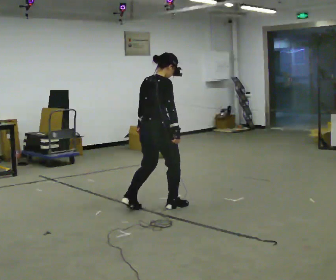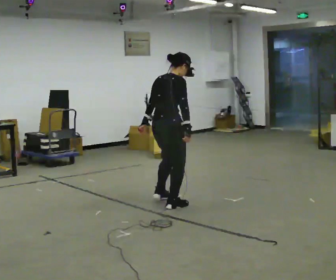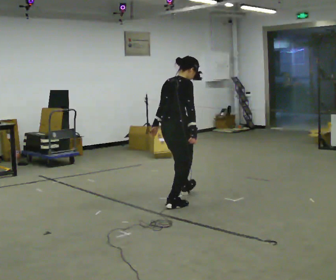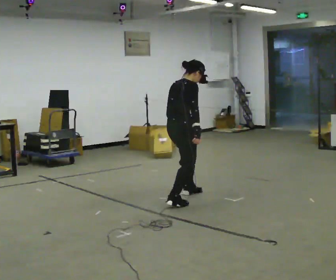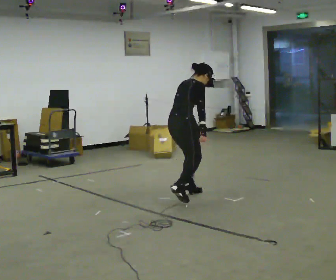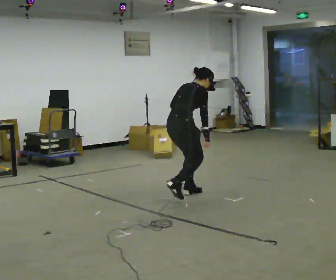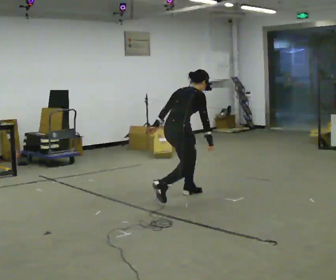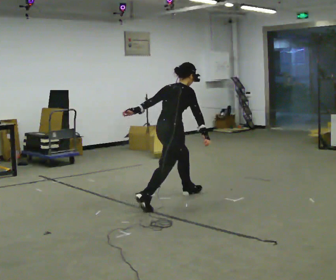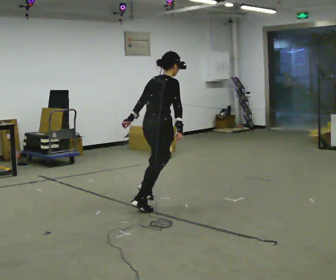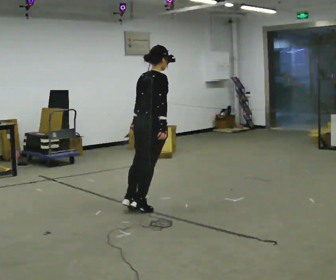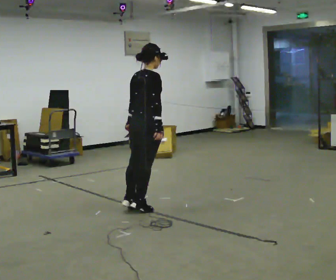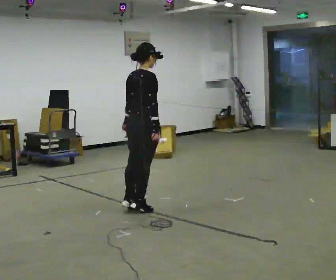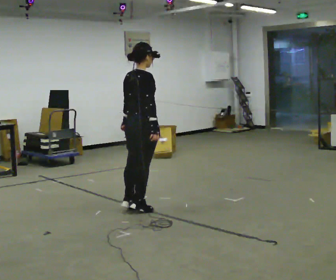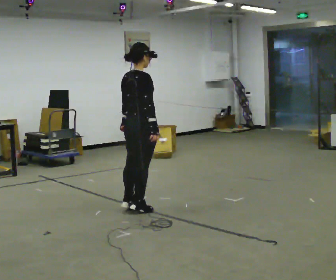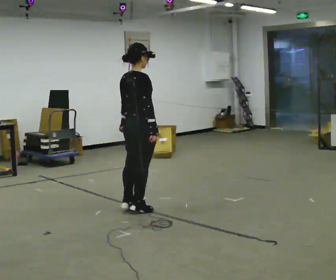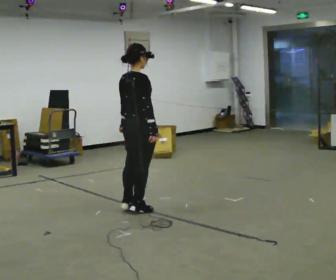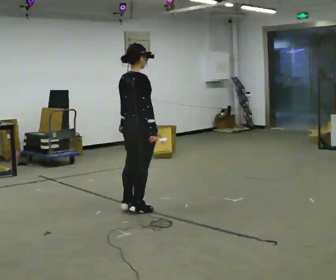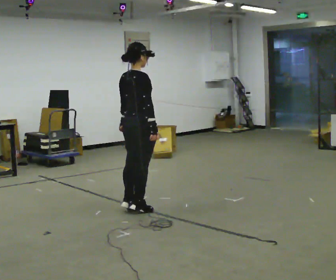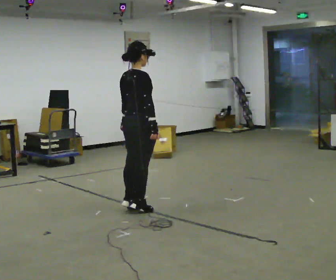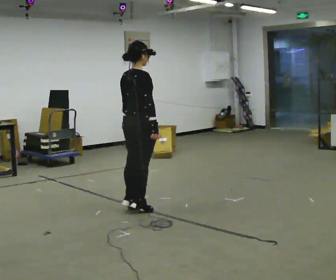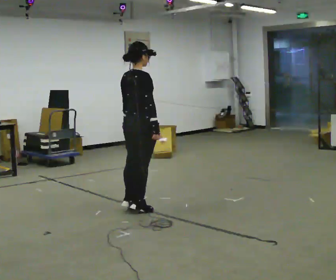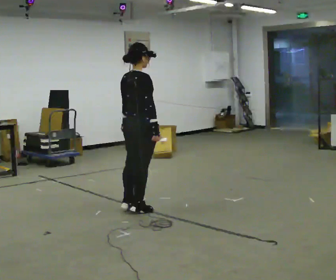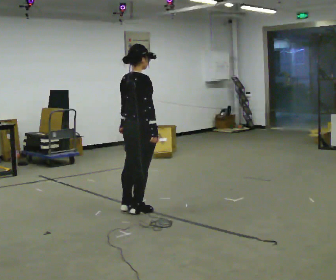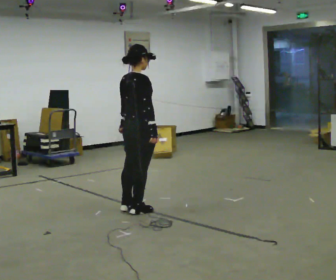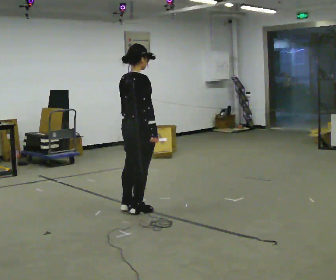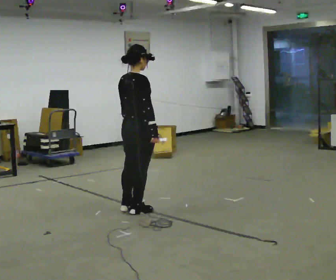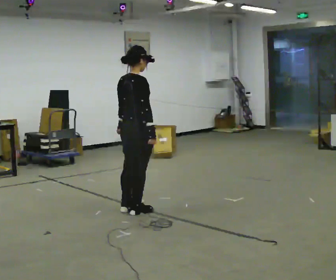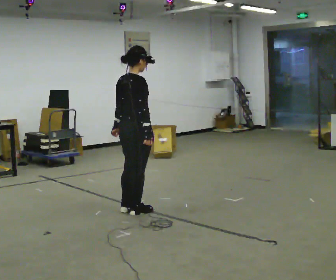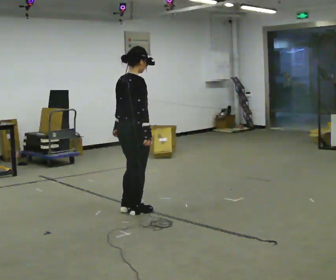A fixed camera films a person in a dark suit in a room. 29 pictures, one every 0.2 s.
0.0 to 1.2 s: In the picture they go away from the camera and to the right, about 0.5 m in 1 step, which for them is forward and to their left. In the picture the upper body tilts clockwise, shoulders to the right, as they bend forward.
1.2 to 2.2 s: In the picture they go toward the camera and to the left, about 0.5 m in 1 step, which for them is backward. The shoulders move upward. In the picture the upper body tilts counterclockwise, shoulders to the left, as they lean back or straighten.
2.2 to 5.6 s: The person moves a little, or ends about where they began.
The film runs backward here.
